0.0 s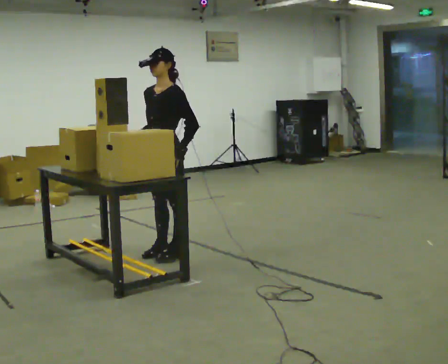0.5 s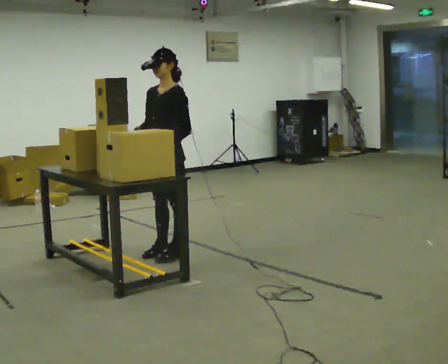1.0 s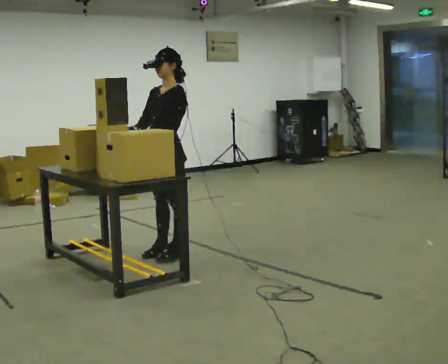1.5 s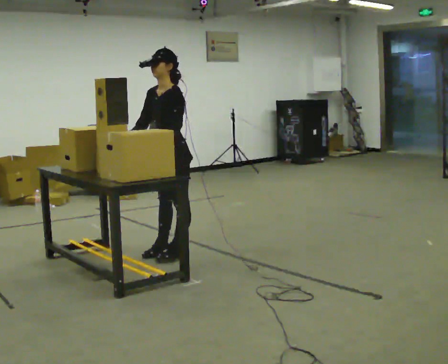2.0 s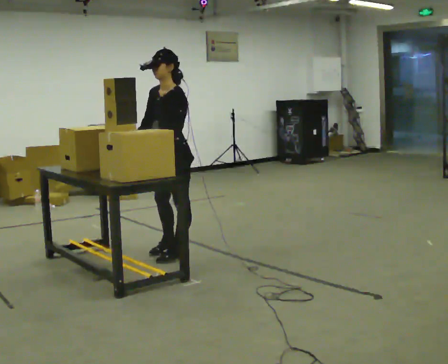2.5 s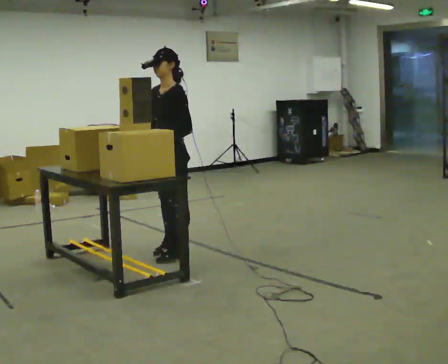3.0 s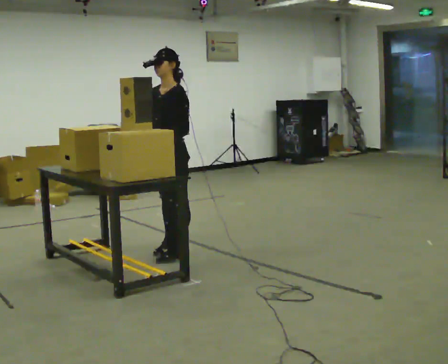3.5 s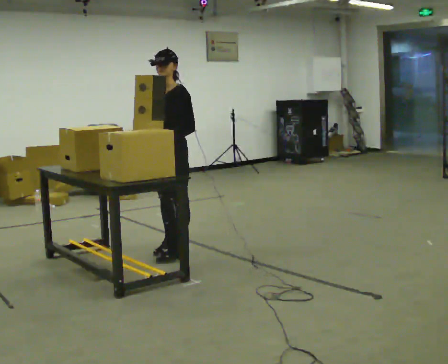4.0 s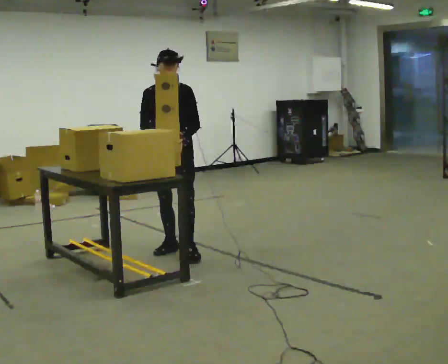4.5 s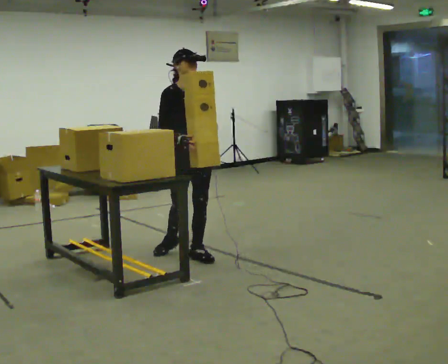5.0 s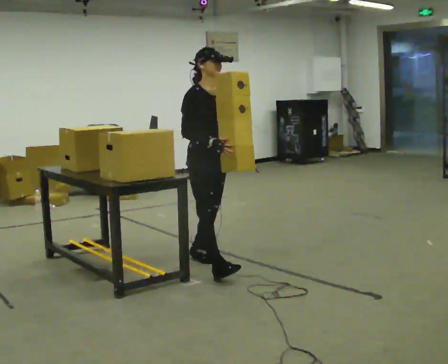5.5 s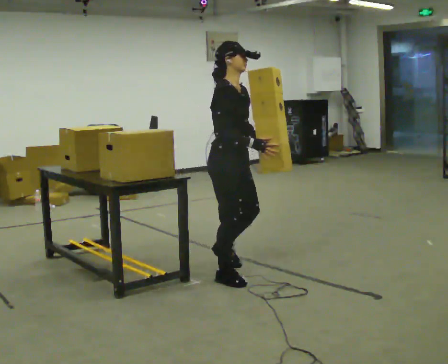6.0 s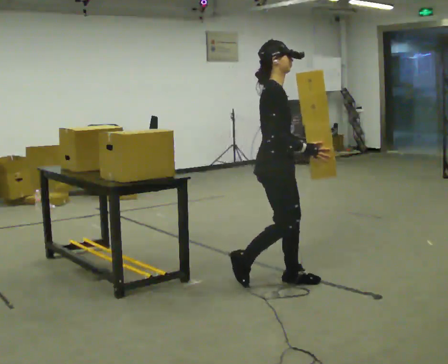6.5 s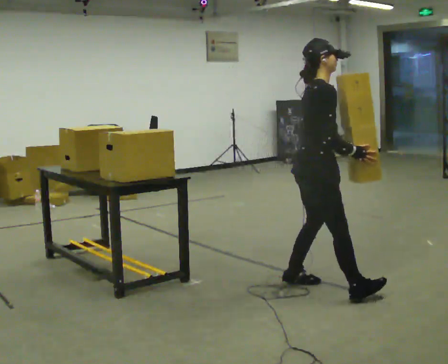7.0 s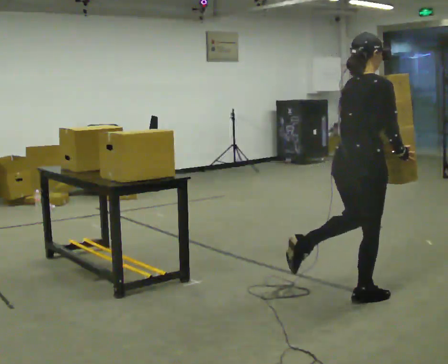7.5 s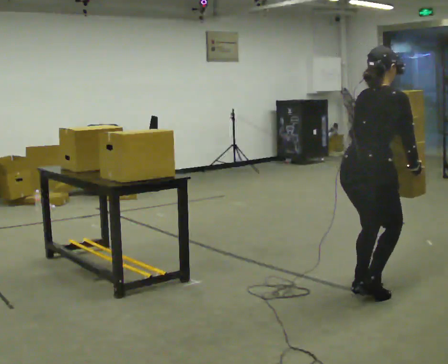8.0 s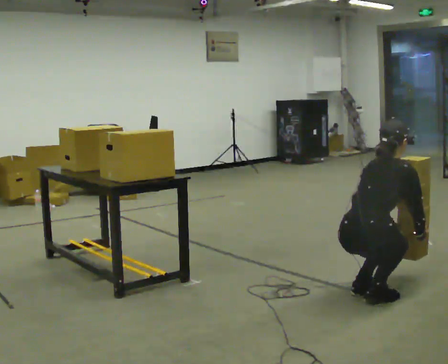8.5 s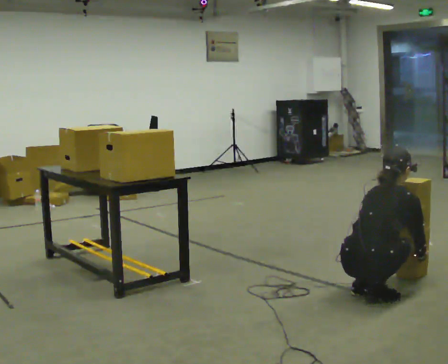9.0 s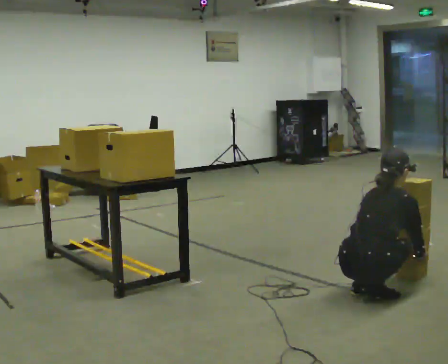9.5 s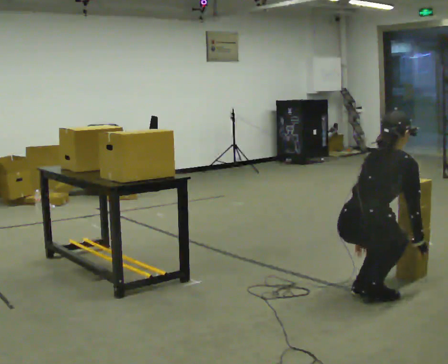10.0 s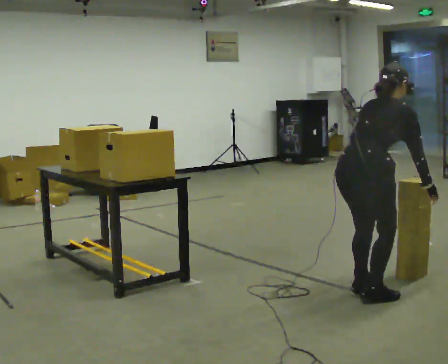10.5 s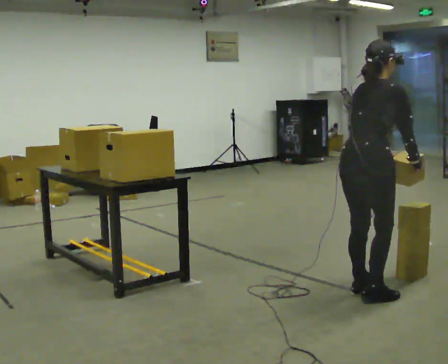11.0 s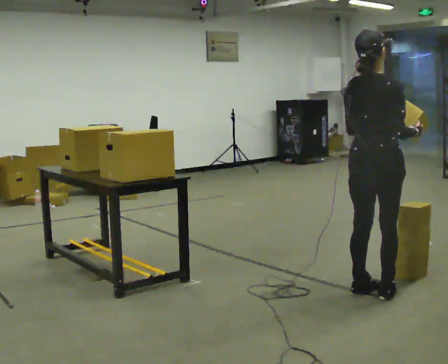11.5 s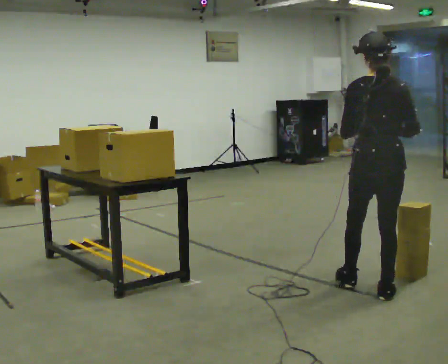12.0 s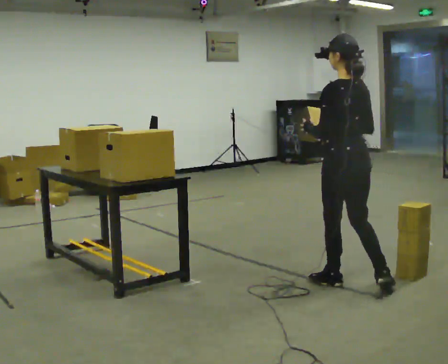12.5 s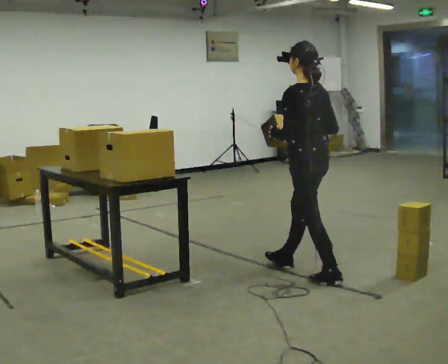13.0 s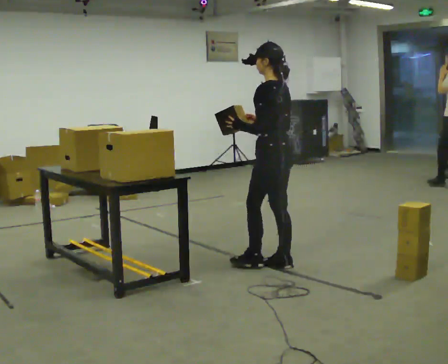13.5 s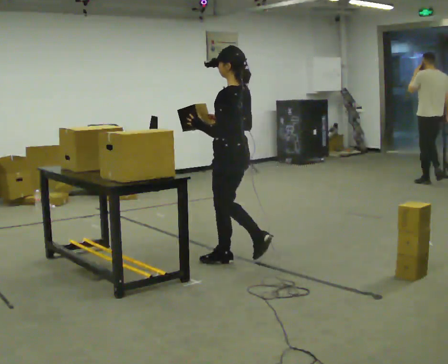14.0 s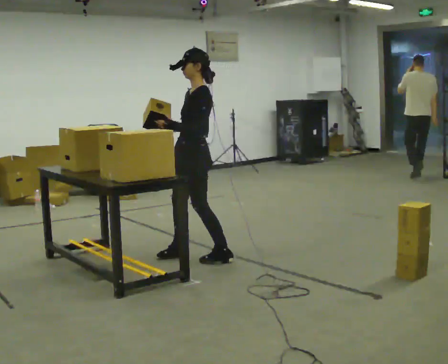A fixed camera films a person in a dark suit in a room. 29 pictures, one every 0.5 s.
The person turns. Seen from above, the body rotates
counterclockwise.
The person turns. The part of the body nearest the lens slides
to the right.
0.0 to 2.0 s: The person moves a little, or ends about where they began.
2.0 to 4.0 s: The part of the body nearest the lens slides to the right as the person turns to their left by about 60 degrees.
4.0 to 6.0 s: The part of the body nearest the lens slides to the right as the person turns to their left by about 75 degrees. In the picture they go to the right and toward the camera, about 1 m in 2 steps.
6.0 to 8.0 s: The part of the body nearest the lens slides to the right as the person turns to their left by about 60 degrees. In the picture they go to the right and toward the camera, about 0.75 m in 2 steps, which for them is to their right and forward. The shoulders move downward. The upper body tips away from the camera, its near side rolling upward, as they bend forward. In the picture their right hand goes downward.
8.0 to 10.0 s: In the picture their right hand goes upward.
10.0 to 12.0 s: The person turns about 90 degrees to their left, counterclockwise seen from above, so the part of the body nearest the lens slides to the right. In the picture they go away from the camera, about 0.25 m in 1 step. The upper body tips toward the camera, its near side rolling downward, as they lean back or straighten. In the picture their right hand goes upward.
12.0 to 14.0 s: The person turns about 75 degrees to their left, counterclockwise seen from above, so the part of the body nearest the lens slides to the right. In the picture they go to the left and away from the camera, about 1.5 m in 3 steps.
The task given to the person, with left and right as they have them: Carry the object over and fit it into the gap between the two boxes already on the shelf, without touching either of them. Keep going until the operator says stop; one object at a time, and do not rush between trips.
The film runs forward here.
